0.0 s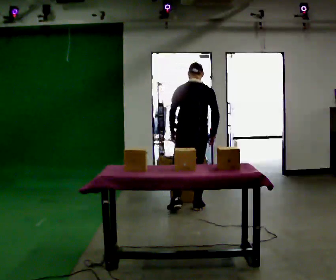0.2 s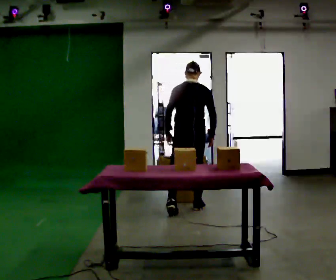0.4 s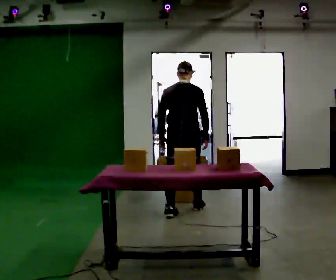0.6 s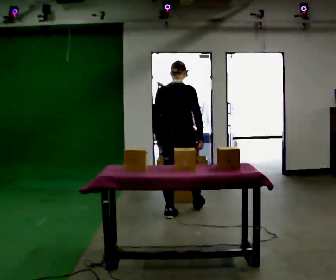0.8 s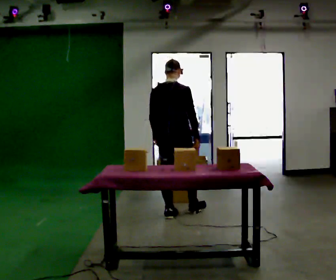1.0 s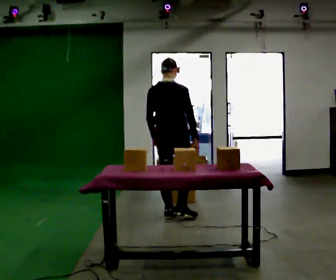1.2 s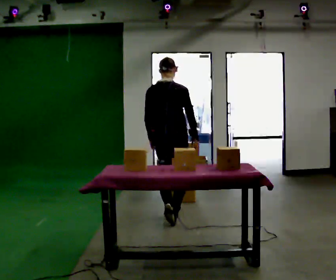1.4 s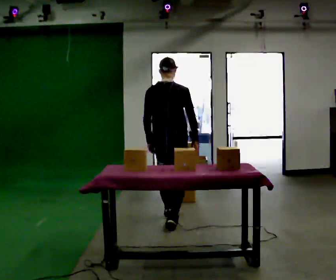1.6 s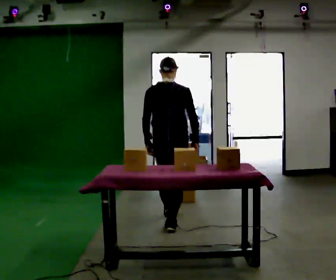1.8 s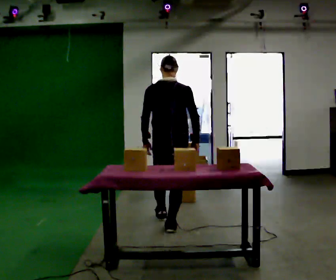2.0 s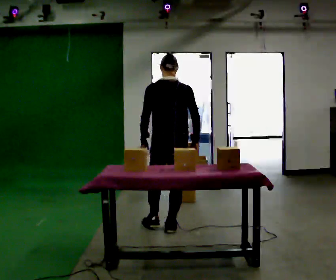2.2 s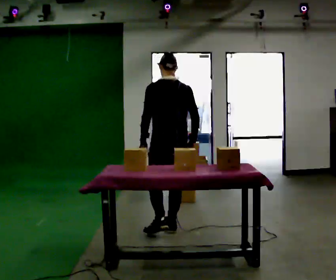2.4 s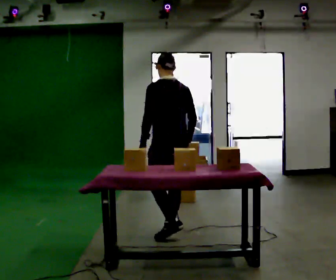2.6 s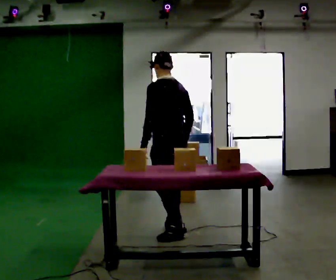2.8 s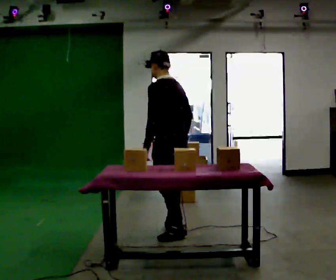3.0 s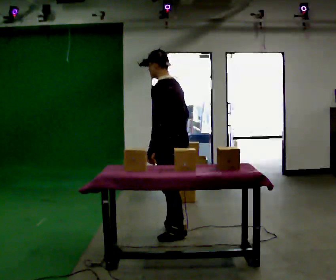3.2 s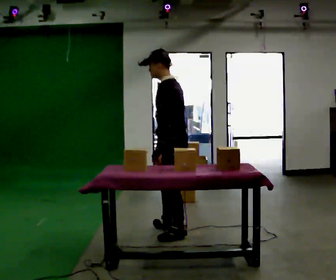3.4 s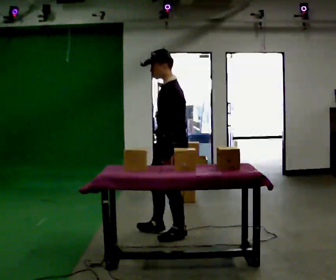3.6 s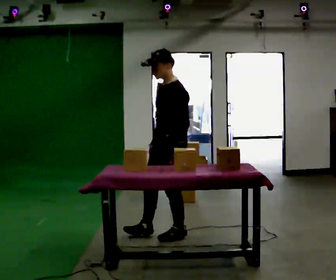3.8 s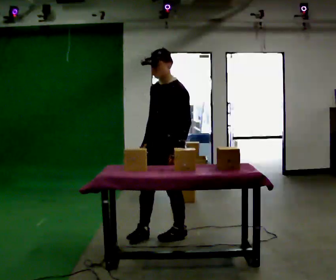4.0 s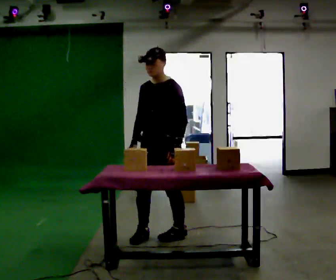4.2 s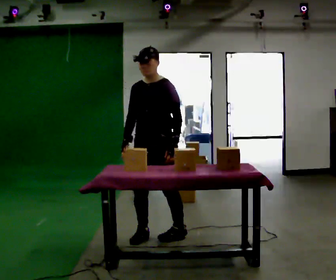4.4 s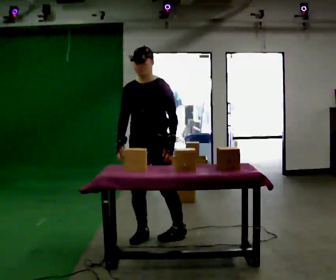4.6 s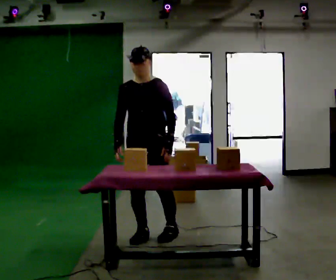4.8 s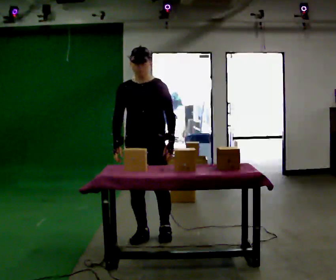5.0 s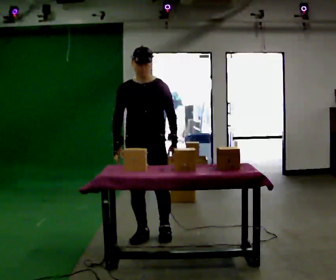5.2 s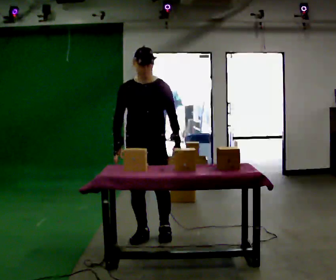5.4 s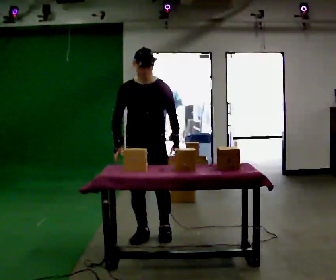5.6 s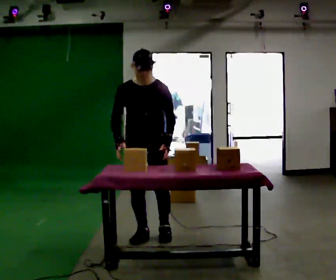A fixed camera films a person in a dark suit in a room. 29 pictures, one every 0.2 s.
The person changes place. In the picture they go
toward the camera.
0.0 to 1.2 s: Seen from above the body turns clockwise, about 30 degrees: to their right, with its near side sliding to the left. In the picture they go toward the camera and to the left, about 0.5 m in 1 step, which for them is backward.
1.2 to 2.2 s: The part of the body nearest the lens slides to the right as the person turns to their left by about 45 degrees. In the picture they go toward the camera, about 0.5 m in 1 step, which for them is backward.
2.2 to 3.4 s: The part of the body nearest the lens slides to the right as the person turns to their left by about 75 degrees. In the picture they go toward the camera, about 0.25 m in 1 step.
3.4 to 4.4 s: The part of the body nearest the lens slides to the right as the person turns to their left by about 60 degrees. In the picture they go to the left, about 0.25 m. In the picture their right hand goes to the left.
4.4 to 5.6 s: The part of the body nearest the lens slides to the right as the person turns to their left by about 30 degrees.
The film runs backward here.
